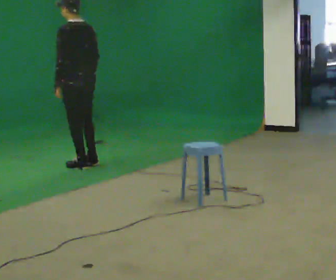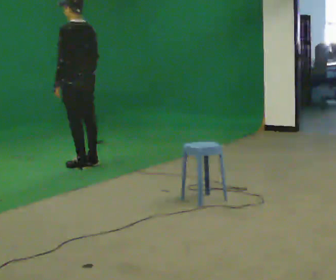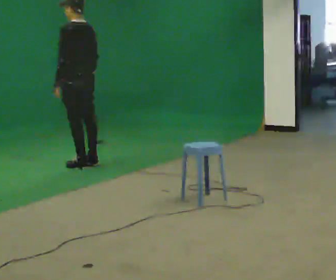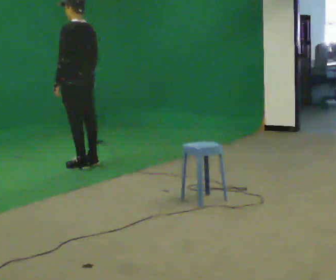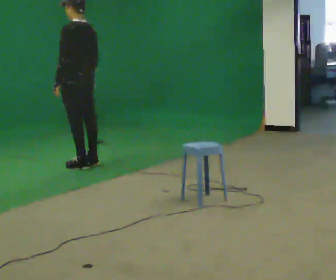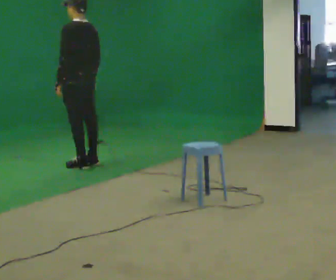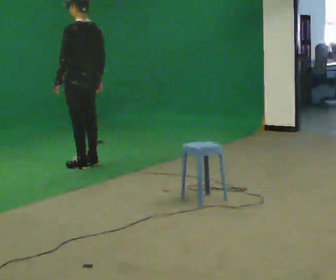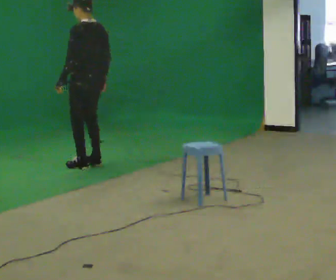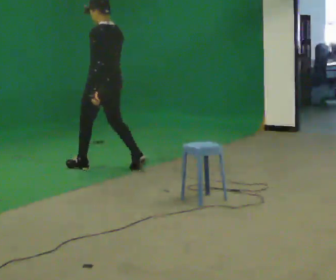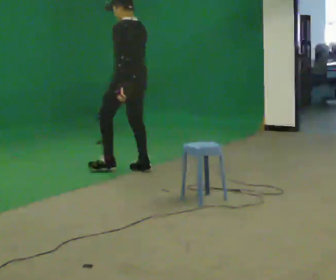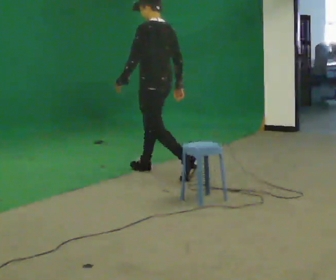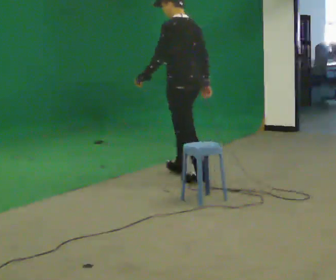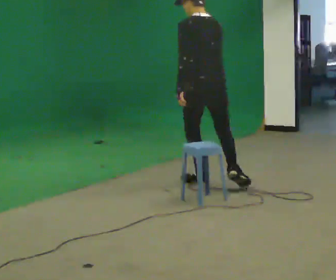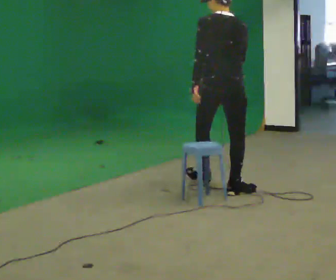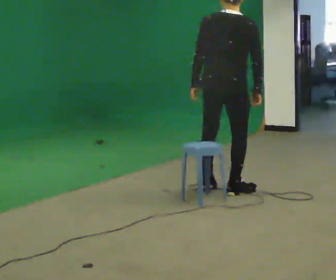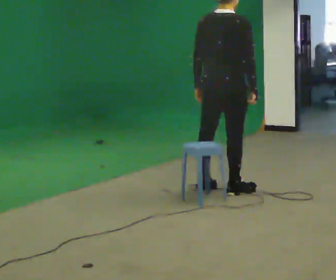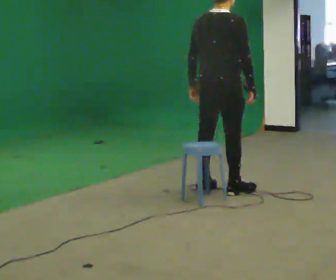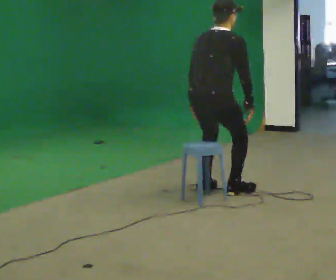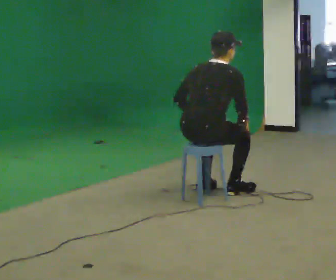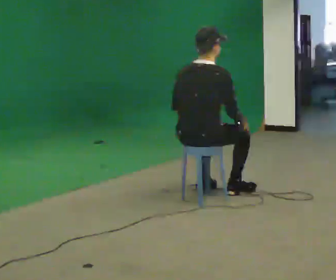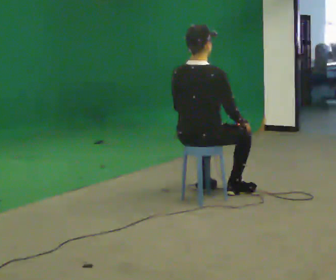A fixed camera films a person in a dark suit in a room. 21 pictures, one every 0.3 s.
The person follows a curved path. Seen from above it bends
clockwise.
0.0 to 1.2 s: The person moves a little, or ends about where they began.
1.2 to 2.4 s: In the picture they go to the right and toward the camera, about 0.25 m in 1 step, which for them is backward.
2.4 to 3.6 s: In the picture they go to the right and toward the camera, about 1 m in 2 steps, which for them is backward.
3.6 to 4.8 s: The part of the body nearest the lens slides to the left as the person turns to their right by about 75 degrees. In the picture they go toward the camera, about 0.25 m in 1 step.
4.8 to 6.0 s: In the picture they go toward the camera and to the left, about 0.25 m, which for them is backward. The shoulders move downward.
The film runs backward here.
